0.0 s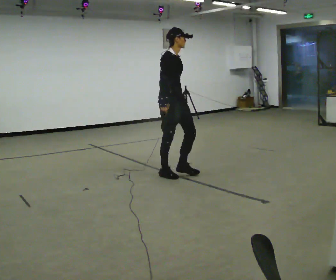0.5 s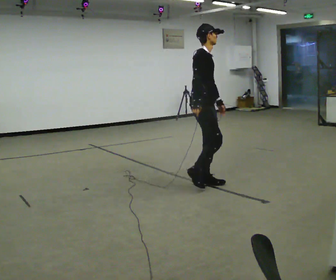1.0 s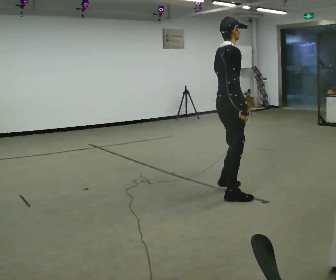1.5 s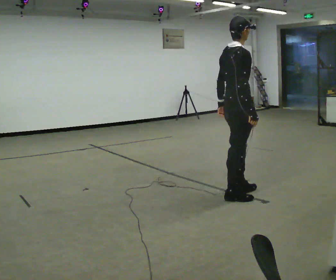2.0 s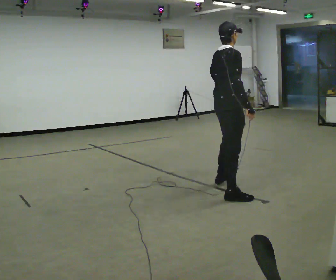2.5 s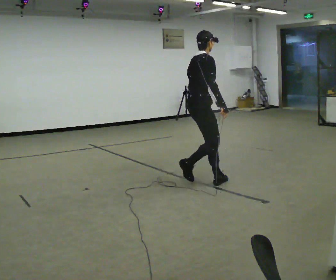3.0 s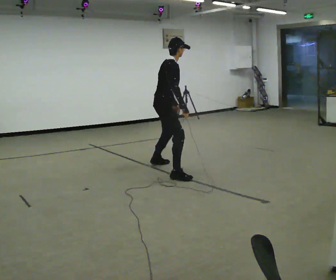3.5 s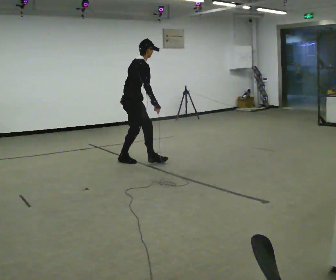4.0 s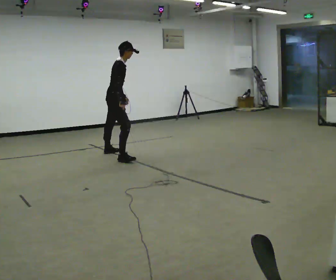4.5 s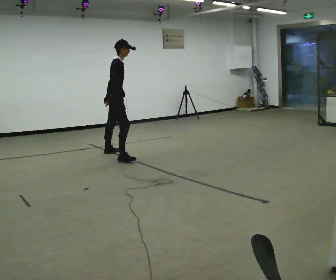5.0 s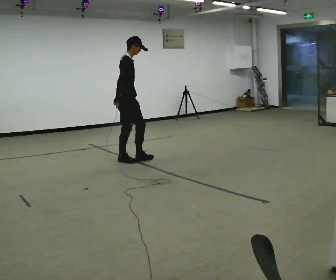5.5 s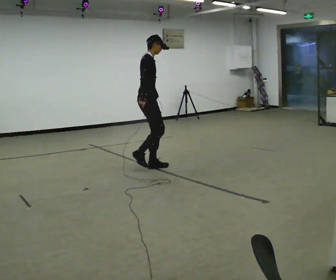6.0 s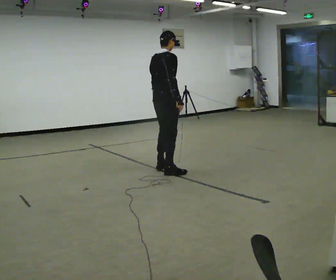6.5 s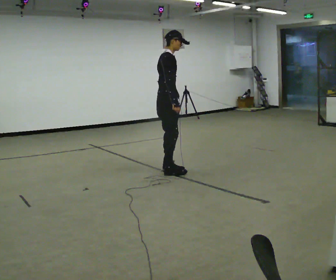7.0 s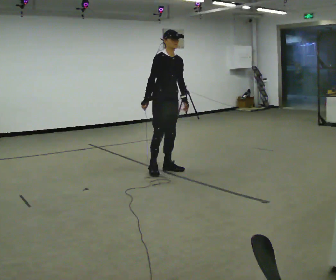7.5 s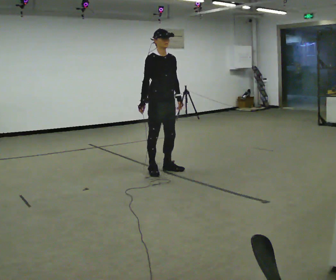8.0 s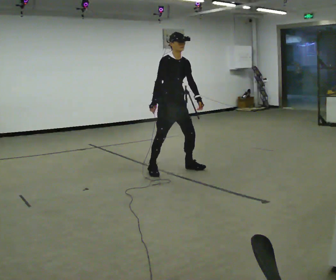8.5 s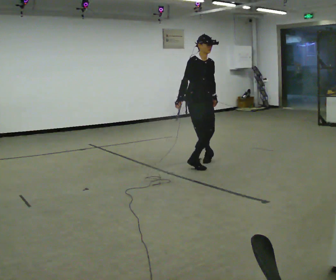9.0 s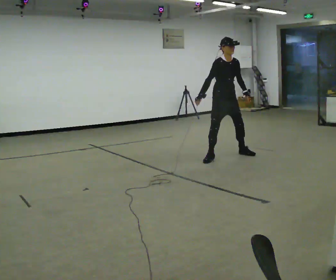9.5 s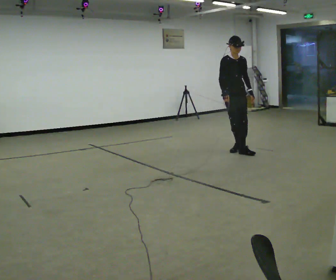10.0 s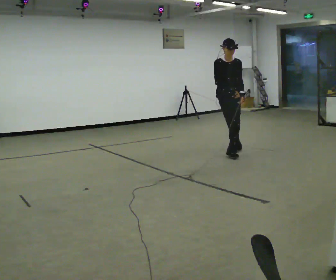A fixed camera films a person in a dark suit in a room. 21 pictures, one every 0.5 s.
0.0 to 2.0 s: Seen from above the body turns counterclockwise, about 60 degrees: to their left, with its near side sliding to the right. In the picture they go toward the camera and to the right, about 1 m in 3 steps, which for them is to their right and forward.
2.0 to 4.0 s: In the picture they go away from the camera and to the left, about 2 m in 5 steps, which for them is to their left and backward.
4.0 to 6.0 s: The person turns about 30 degrees to their left, counterclockwise seen from above, so the part of the body nearest the lens slides to the right. In the picture they go toward the camera and to the right, about 1 m in 2 steps, which for them is forward and to their right. In the picture the upper body tilts counterclockwise, shoulders to the left, as they lean back or straighten.
6.0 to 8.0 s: The part of the body nearest the lens slides to the left as the person turns to their right by about 90 degrees. In the picture they go away from the camera, about 0.25 m in 3 steps. In the picture their left hand goes to the right.
8.0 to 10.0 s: The person turns about 45 degrees to their right, clockwise seen from above, so the part of the body nearest the lens slides to the left. In the picture they go to the right and away from the camera, about 1 m in 3 steps, which for them is to their left and backward. In the picture the upper body tilts counterclockwise, shoulders to the left.
The film runs forward here.
